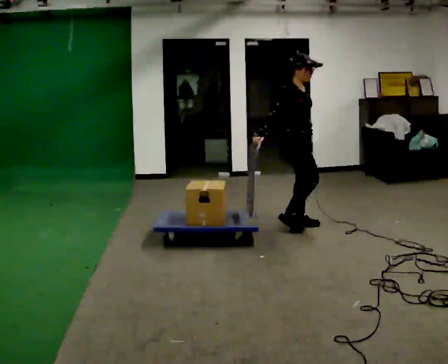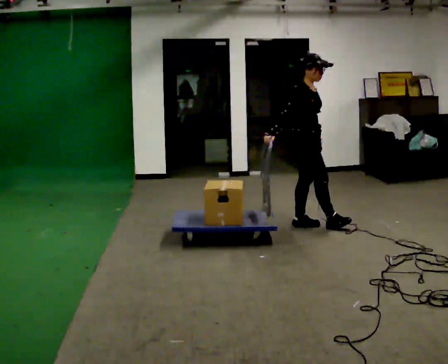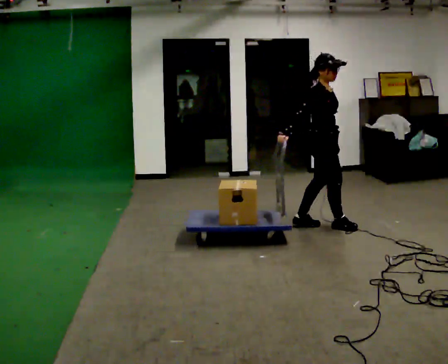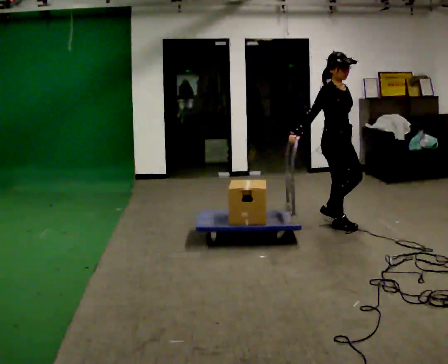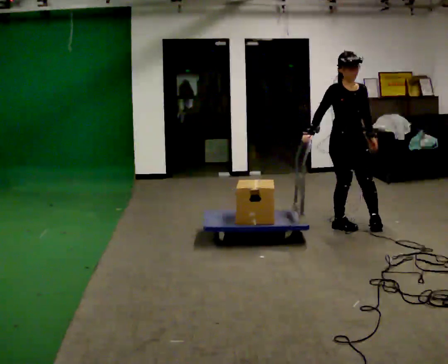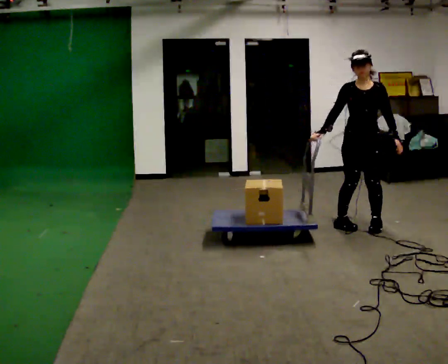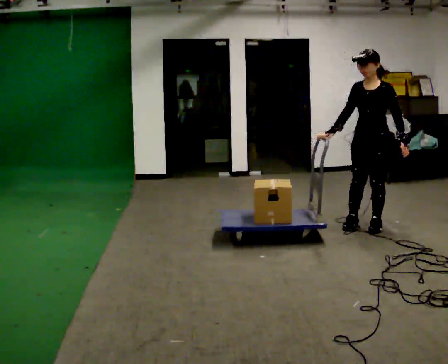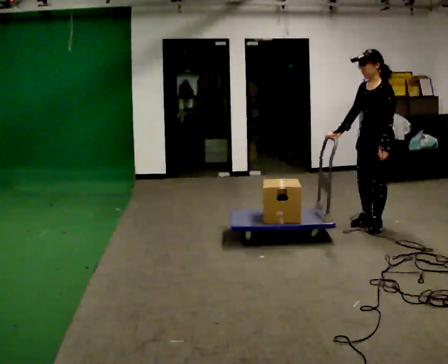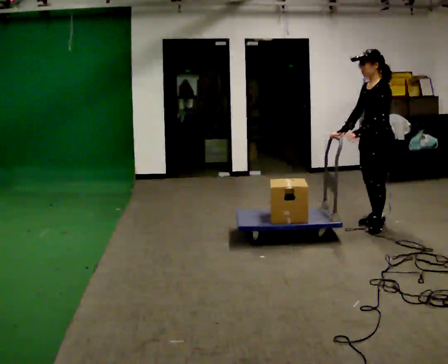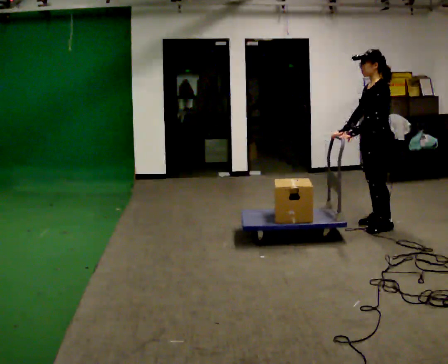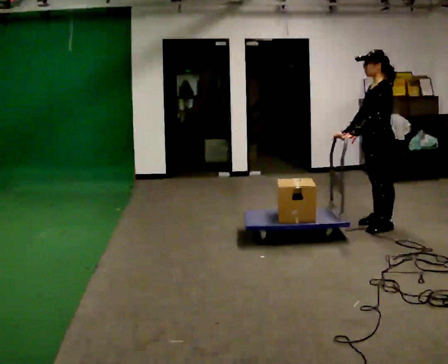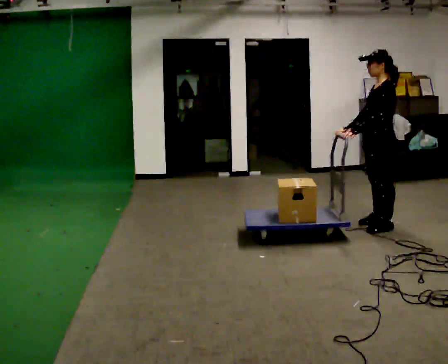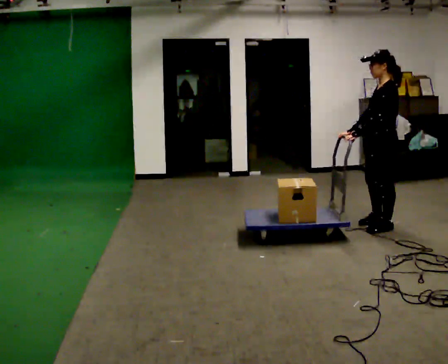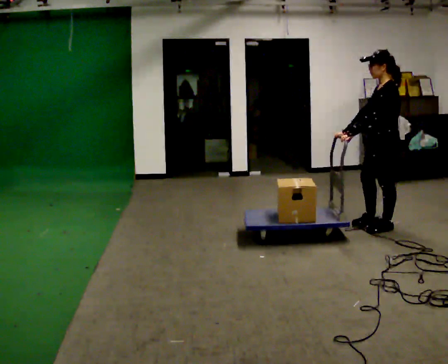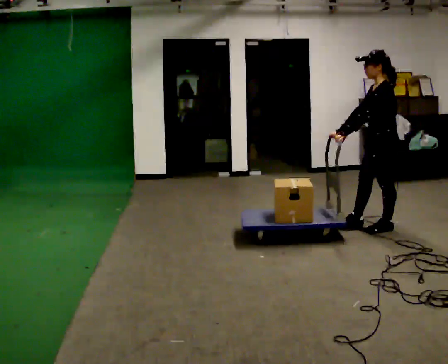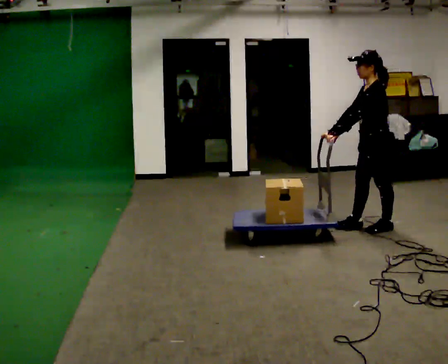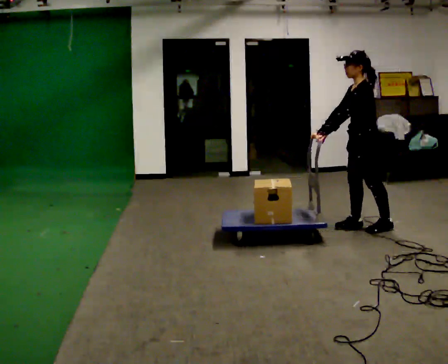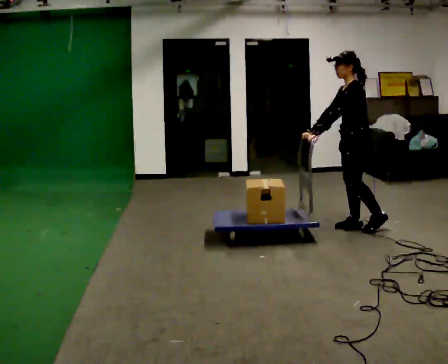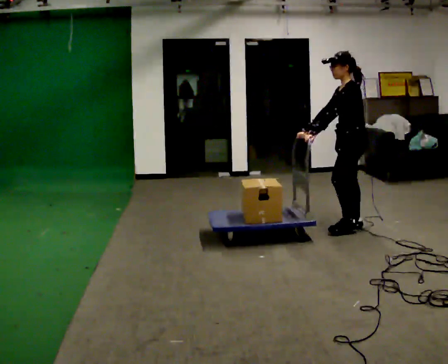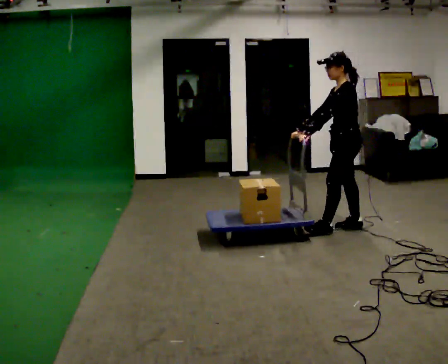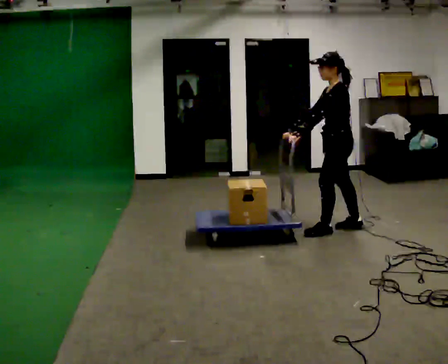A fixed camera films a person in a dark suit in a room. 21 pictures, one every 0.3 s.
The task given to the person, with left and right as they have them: Push the cart across the room and back. The operator will change how much is loaded on it between takes and will tell you each time.
0.0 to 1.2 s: The person turns about 45 degrees to their right, clockwise seen from above, so the part of the body nearest the lens slides to the left. In the picture they go to the right, about 0.5 m in 1 step, which for them is forward.
1.2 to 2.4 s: The part of the body nearest the lens slides to the left as the person turns to their right by about 90 degrees. In the picture they go to the right, about 0.25 m in 3 steps.
2.4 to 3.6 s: The person moves a little, or ends about where they began.
3.6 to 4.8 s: In the picture they go to the left, about 0.25 m in 1 step, which for them is forward.
4.8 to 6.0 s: In the picture they go to the left, about 0.25 m in 1 step, which for them is forward.
The film runs forward here.
